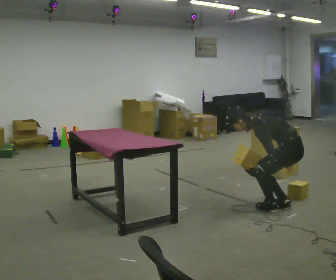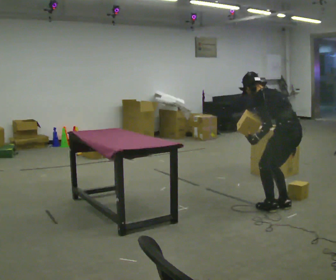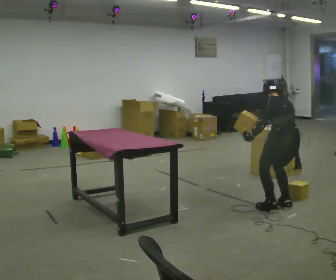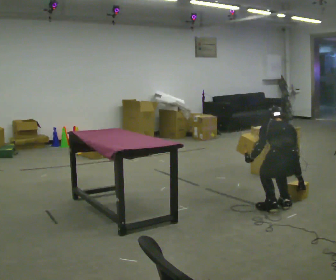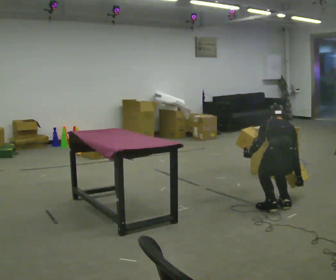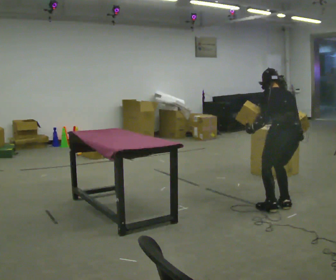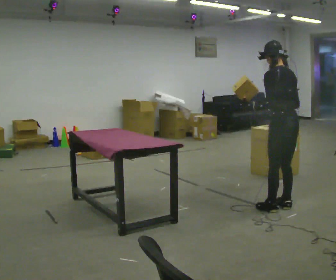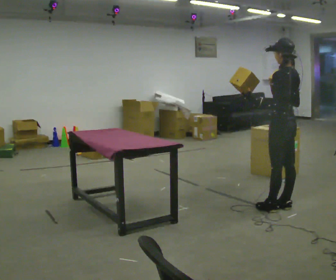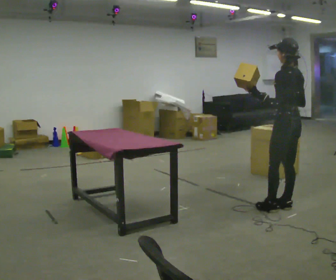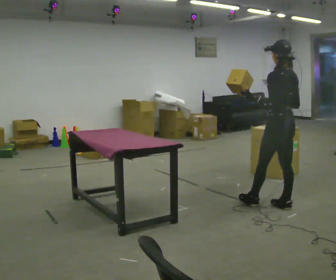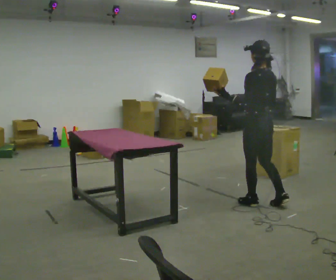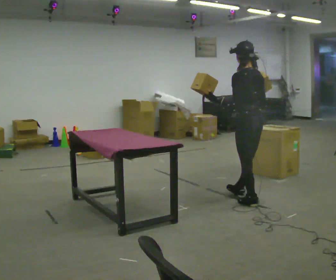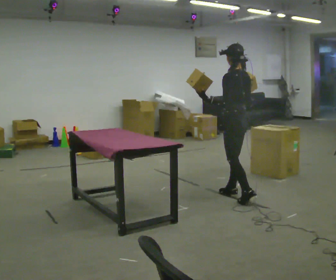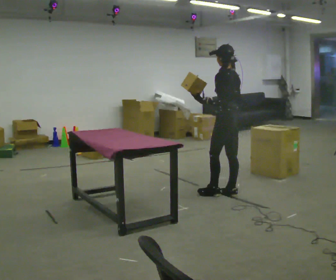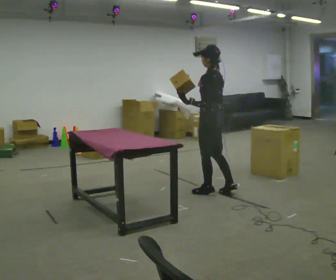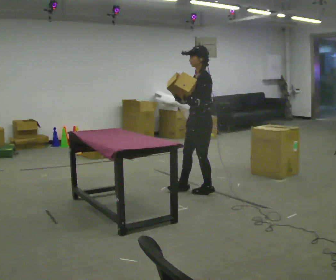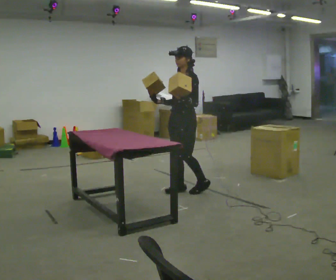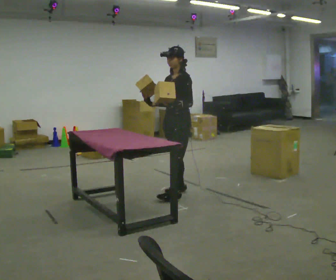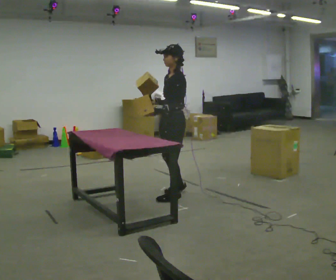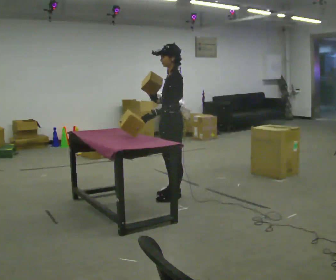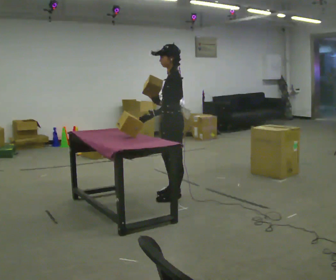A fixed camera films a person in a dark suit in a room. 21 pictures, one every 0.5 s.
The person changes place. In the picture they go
to the left.
0.0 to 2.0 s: The person turns about 75 degrees to their right, clockwise seen from above, so the part of the body nearest the lens slides to the left. In the picture they go to the left, about 0.25 m. In the picture the upper body tilts clockwise, shoulders to the right.
2.0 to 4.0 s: The person turns about 45 degrees to their left, counterclockwise seen from above, so the part of the body nearest the lens slides to the right. The shoulders move upward. The upper body tips toward the camera, its near side rolling downward, as they lean back or straighten. In the picture their right hand goes upward.
4.0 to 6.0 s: In the picture they go to the left and away from the camera, about 0.75 m in 2 steps, which for them is forward.
6.0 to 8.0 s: Seen from above the body turns counterclockwise, about 75 degrees: to their left, with its near side sliding to the right. In the picture they go to the left, about 0.5 m in 2 steps.
8.0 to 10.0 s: Seen from above the body turns clockwise, about 45 degrees: to their right, with its near side sliding to the left. In the picture they go toward the camera, about 0.25 m in 2 steps, which for them is to their left and forward.
The film runs forward here.
